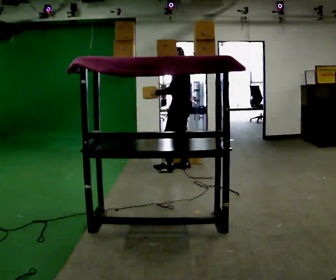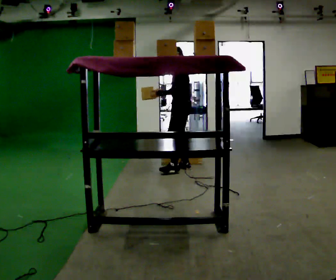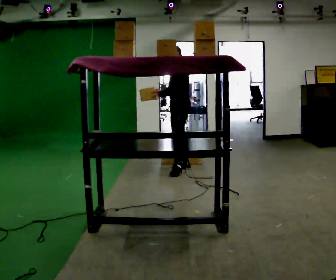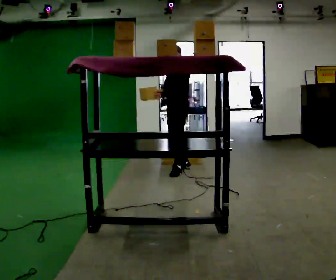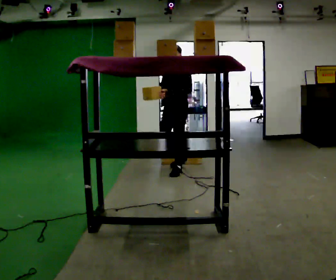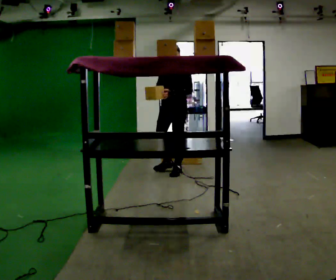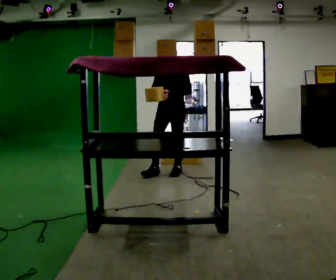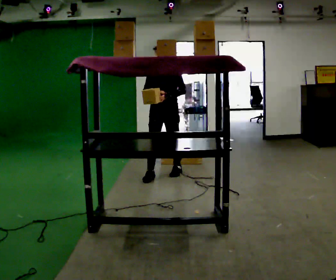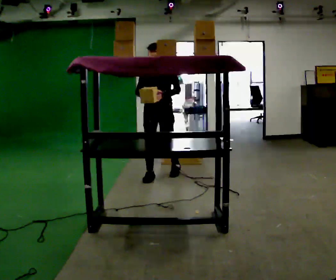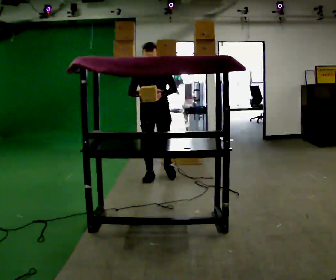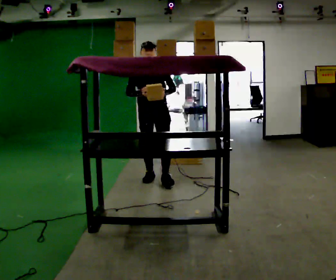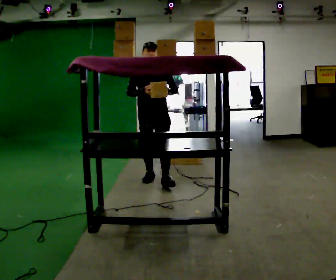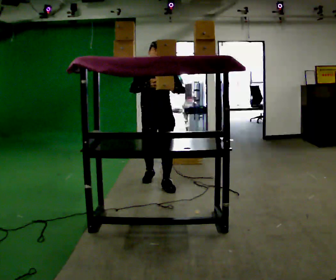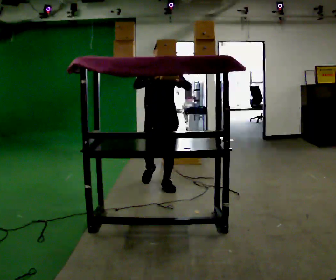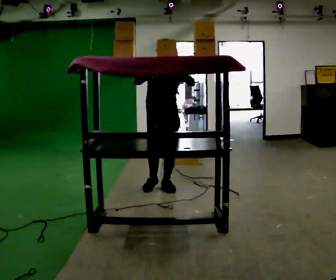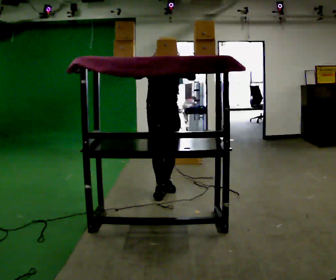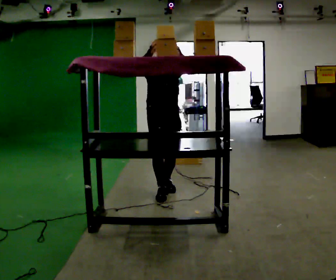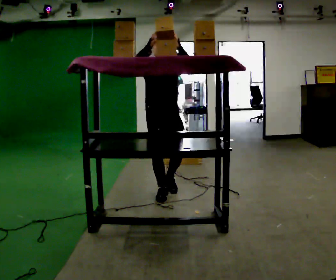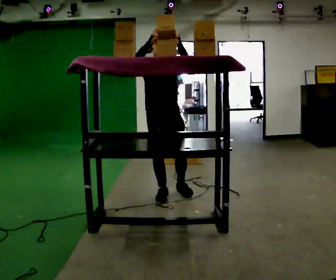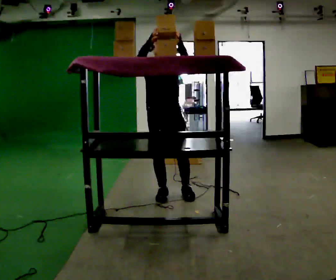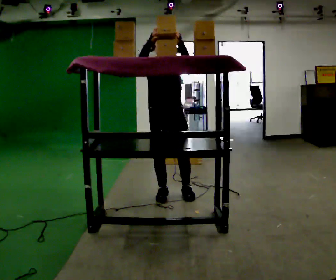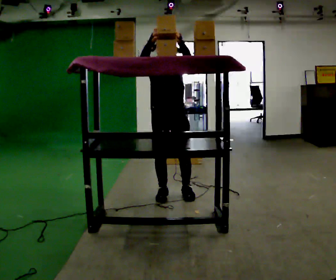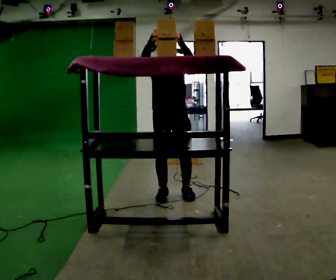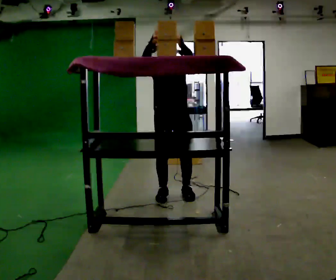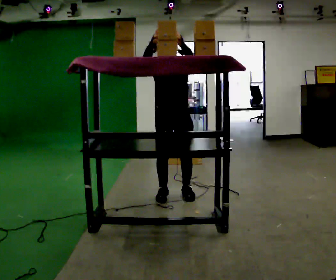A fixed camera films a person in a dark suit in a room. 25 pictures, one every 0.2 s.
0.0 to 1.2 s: The part of the body nearest the lens slides to the right as the person turns to their left by about 75 degrees. In the picture they go toward the camera and to the left, about 0.25 m in 1 step.
1.2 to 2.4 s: The part of the body nearest the lens slides to the right as the person turns to their left by about 30 degrees. In the picture they go toward the camera and to the left, about 0.5 m in 2 steps, which for them is forward.
2.4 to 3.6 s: In the picture they go toward the camera, about 0.5 m in 1 step, which for them is forward. In the picture their left hand goes upward.
3.6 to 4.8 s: The person moves a little, or ends about where they began.
The film runs forward here.
